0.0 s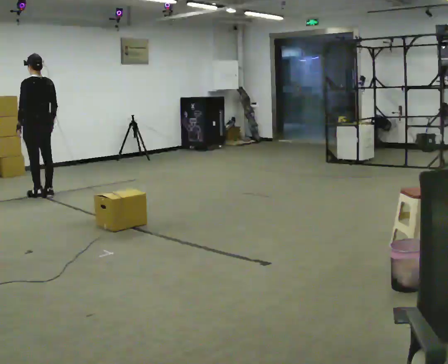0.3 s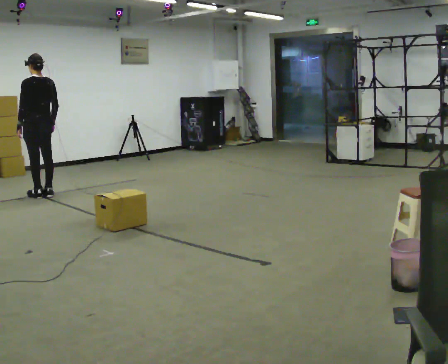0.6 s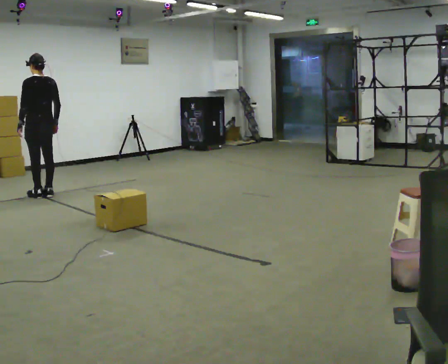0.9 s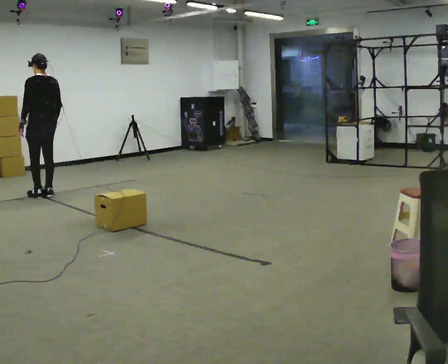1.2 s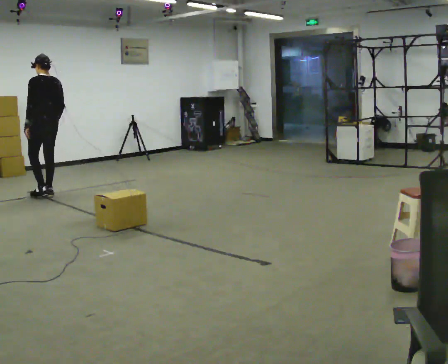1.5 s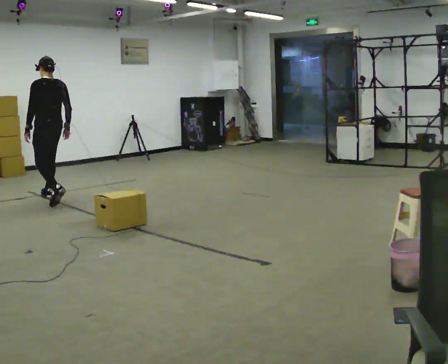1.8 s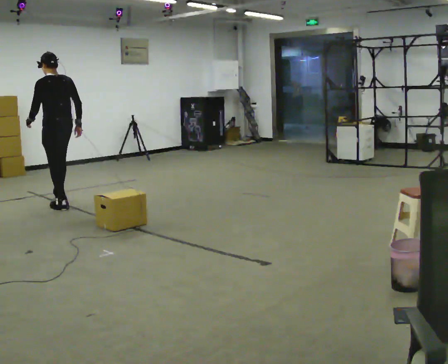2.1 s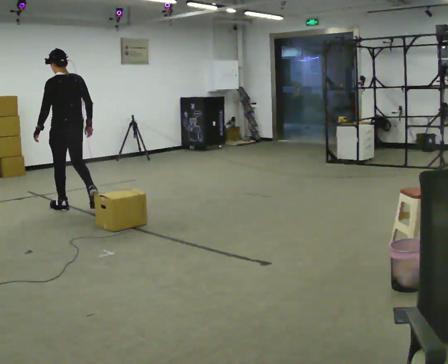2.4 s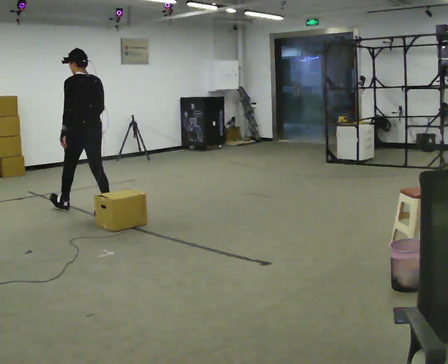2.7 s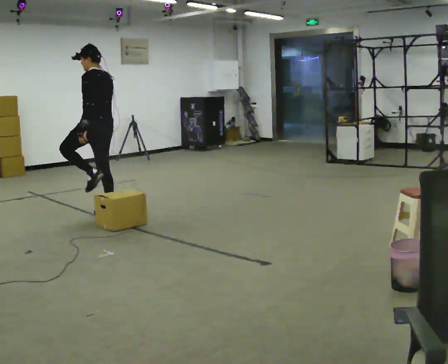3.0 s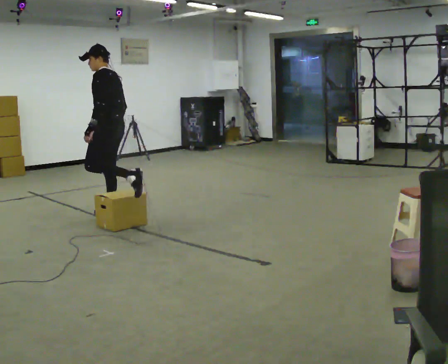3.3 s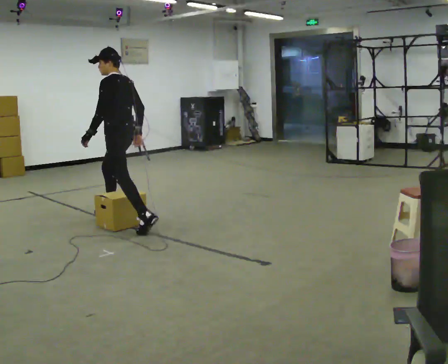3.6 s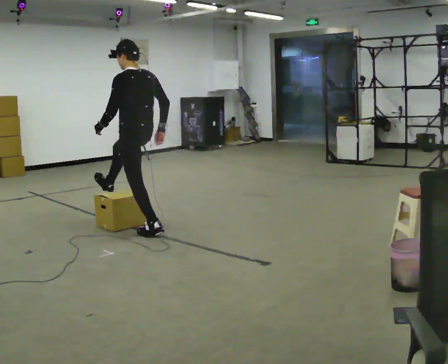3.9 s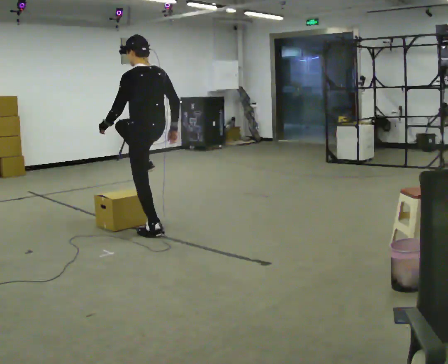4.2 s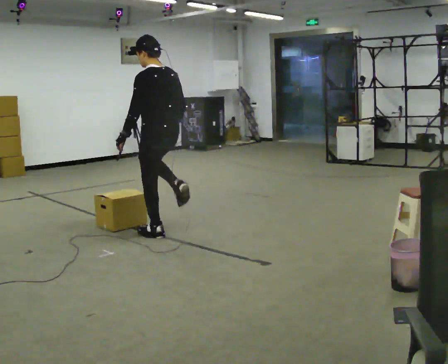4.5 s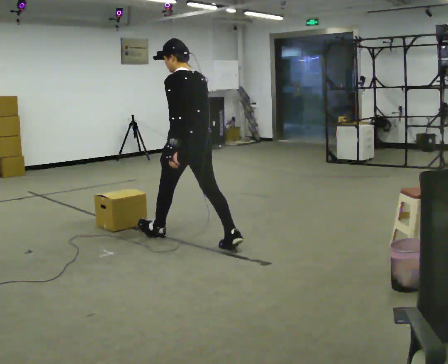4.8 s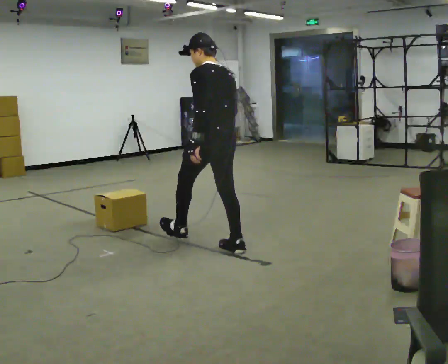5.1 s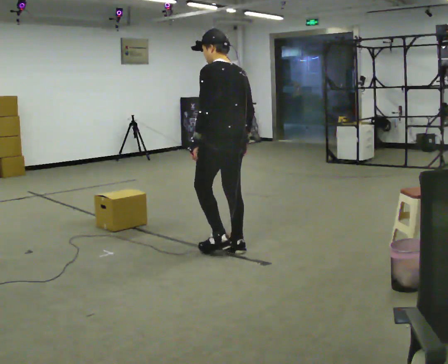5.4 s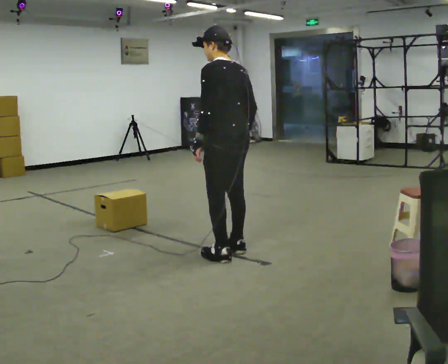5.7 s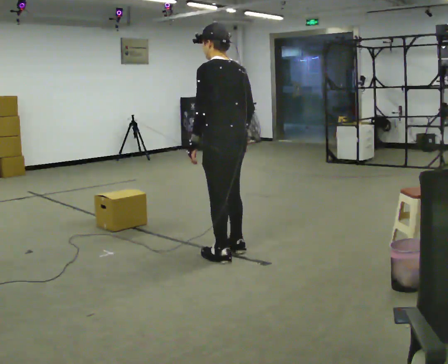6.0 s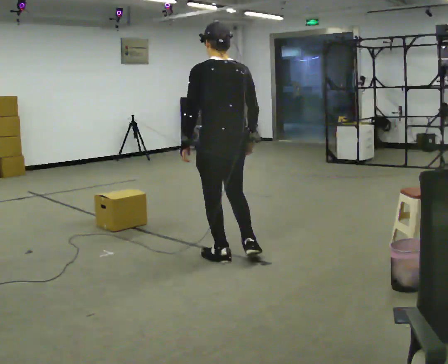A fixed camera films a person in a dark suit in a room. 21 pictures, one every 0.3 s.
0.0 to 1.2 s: The person moves a little, or ends about where they began.
1.2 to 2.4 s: In the picture they go toward the camera and to the right, about 1 m in 2 steps, which for them is backward.
2.4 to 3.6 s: Seen from above the body turns counterclockwise, about 30 degrees: to their left, with its near side sliding to the right. In the picture they go toward the camera and to the right, about 1 m in 1 step, which for them is backward and to their left.
3.6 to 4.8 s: The person turns about 30 degrees to their right, clockwise seen from above, so the part of the body nearest the lens slides to the left. In the picture they go toward the camera and to the right, about 1 m in 1 step, which for them is backward.
4.8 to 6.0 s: In the picture they go toward the camera, about 0.25 m in 1 step, which for them is backward and to their left.
The film runs backward here.
